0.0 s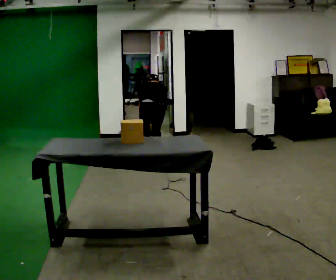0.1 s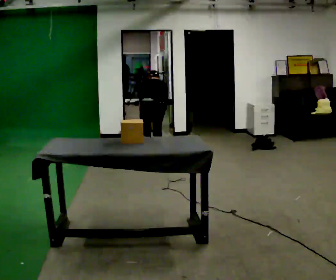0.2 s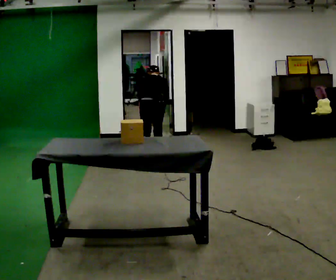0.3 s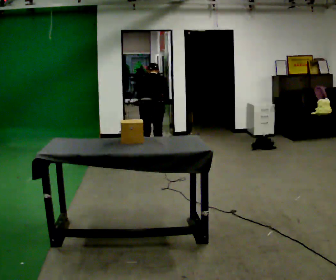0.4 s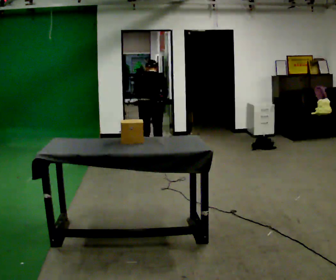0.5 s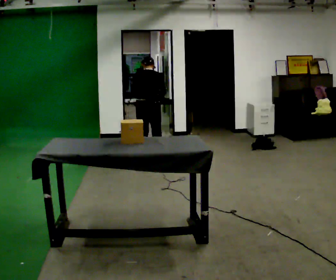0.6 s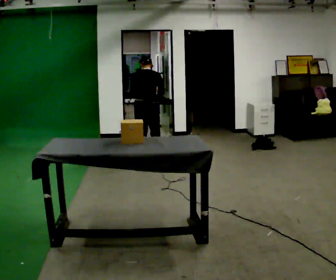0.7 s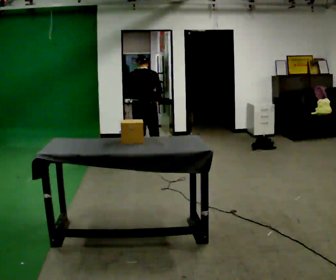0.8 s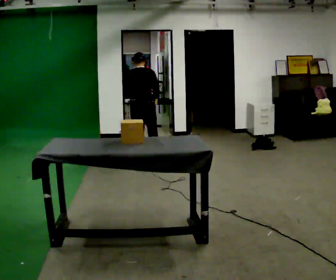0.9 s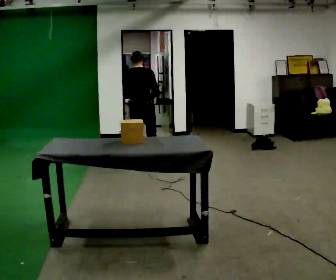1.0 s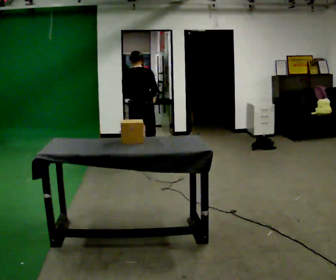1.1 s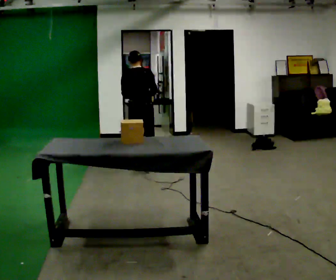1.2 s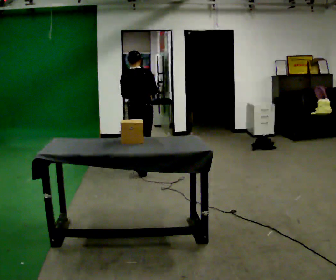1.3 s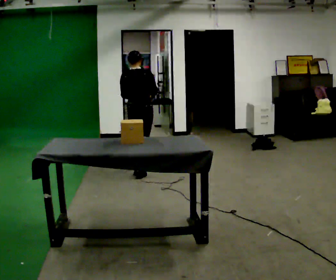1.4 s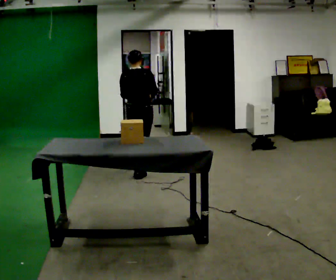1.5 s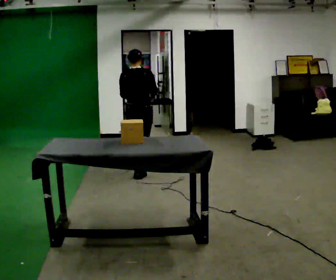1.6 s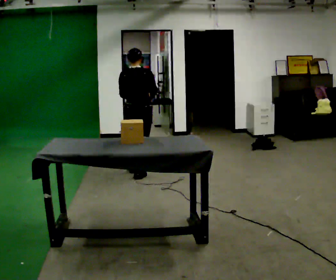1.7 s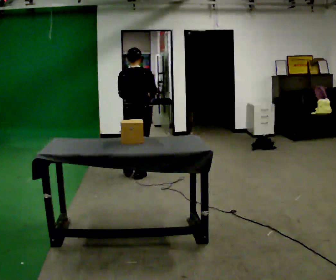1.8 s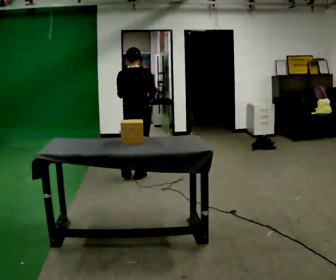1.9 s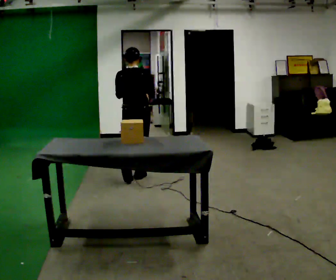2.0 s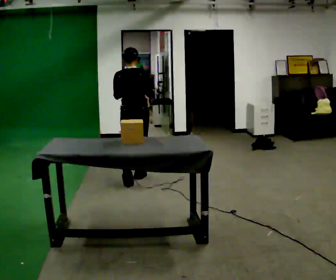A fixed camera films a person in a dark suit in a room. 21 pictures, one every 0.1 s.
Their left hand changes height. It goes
upward.
The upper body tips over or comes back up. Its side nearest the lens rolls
downward.
0.0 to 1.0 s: In the picture they go toward the camera, about 0.25 m in 2 steps, which for them is backward and to their left. The shoulders move upward. The upper body tips toward the camera, its near side rolling downward, as they lean back or straighten. In the picture their right hand goes upward.
1.0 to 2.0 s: In the picture they go toward the camera, about 0.5 m in 1 step, which for them is backward.
The film runs backward here.
